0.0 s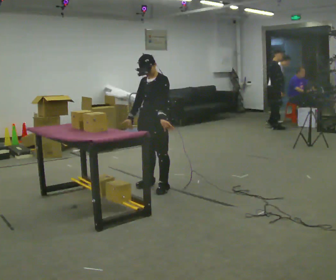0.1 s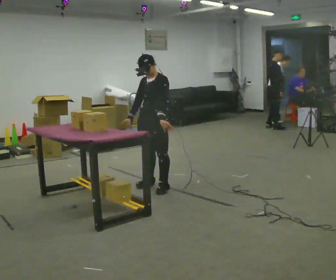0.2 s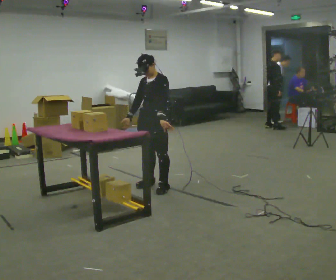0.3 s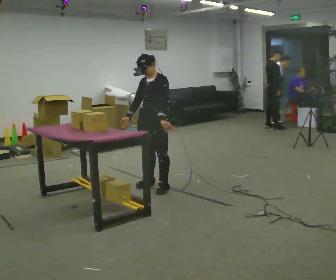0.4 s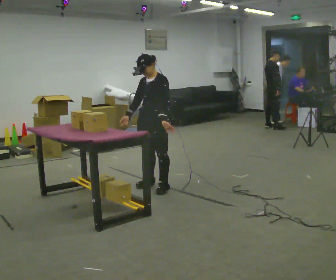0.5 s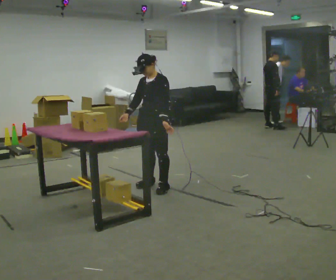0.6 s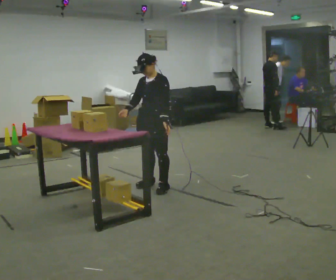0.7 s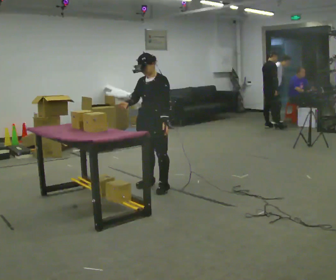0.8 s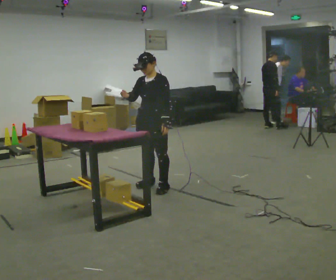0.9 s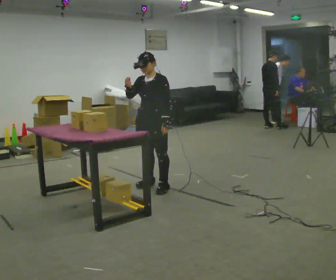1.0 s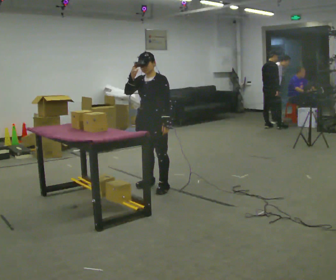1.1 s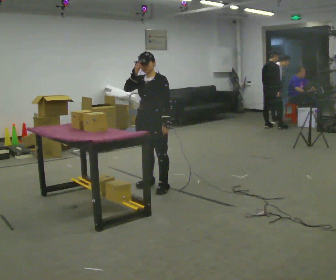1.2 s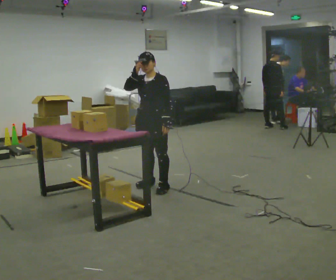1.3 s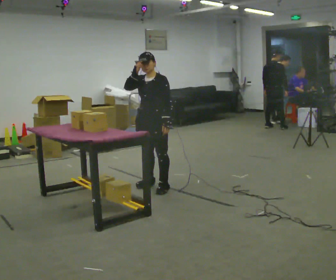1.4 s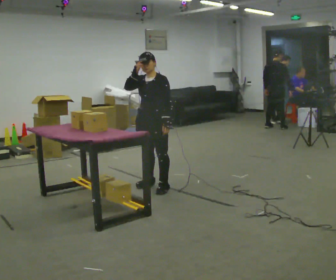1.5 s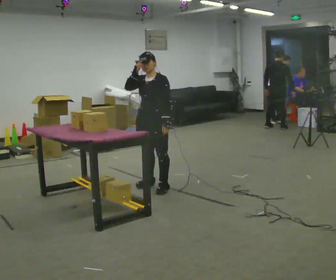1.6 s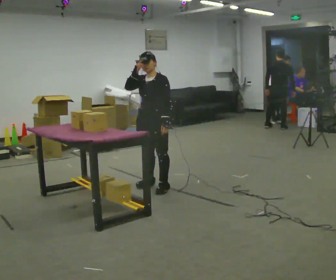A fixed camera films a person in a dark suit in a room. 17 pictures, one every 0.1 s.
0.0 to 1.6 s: In the picture their right hand goes upward.
The film runs backward here.
